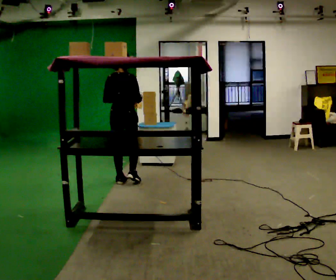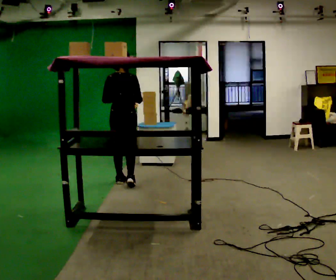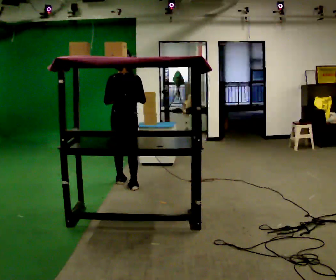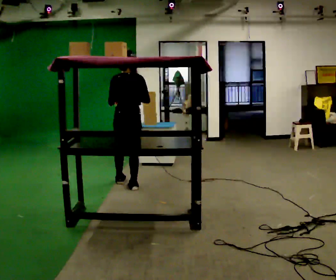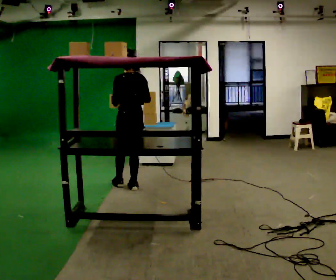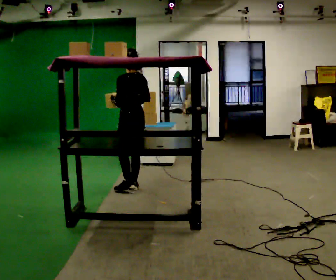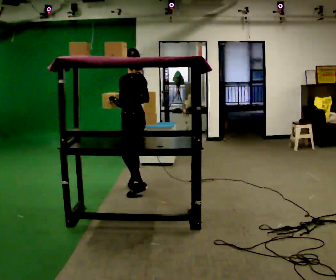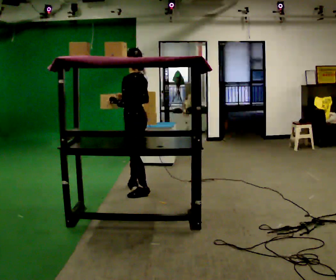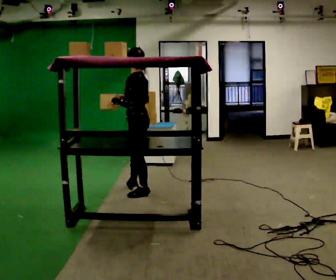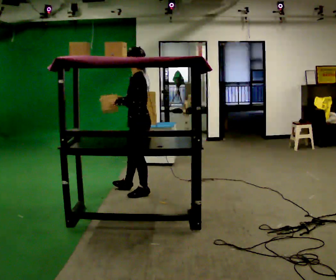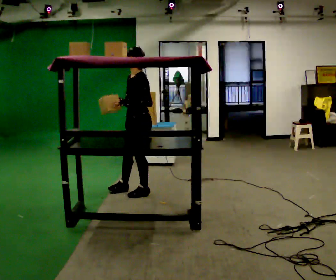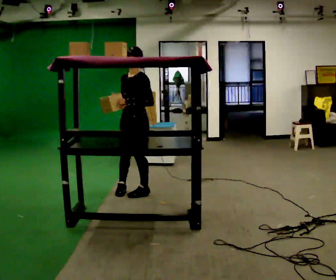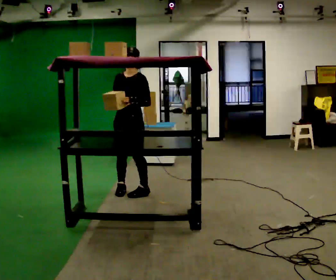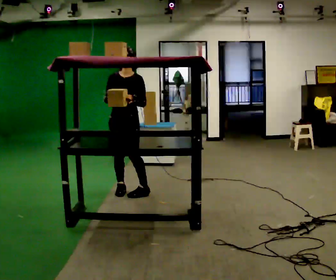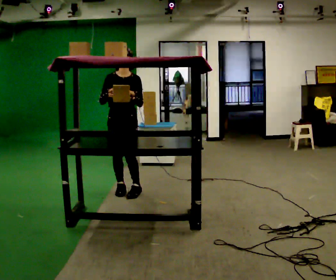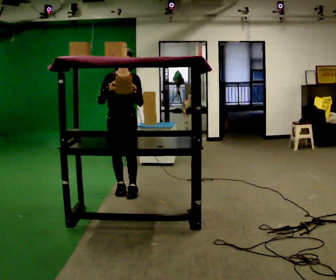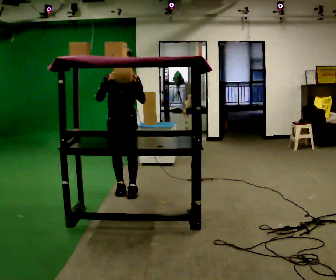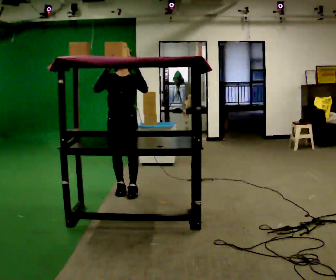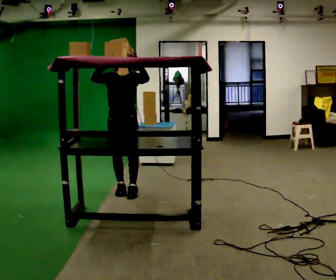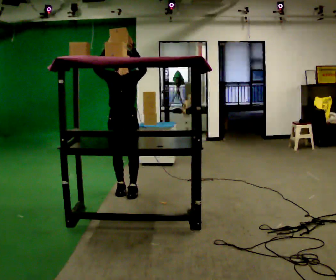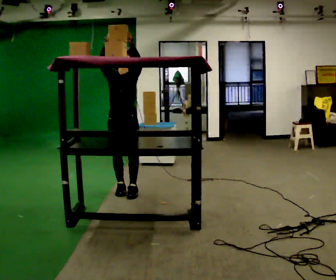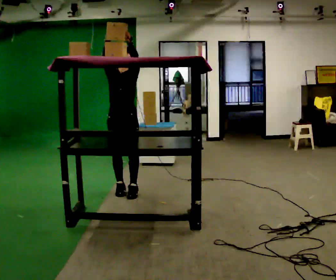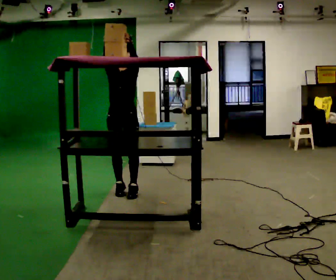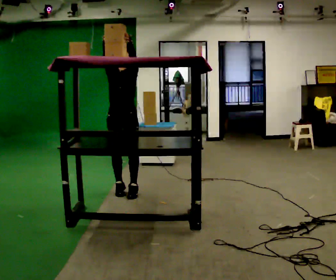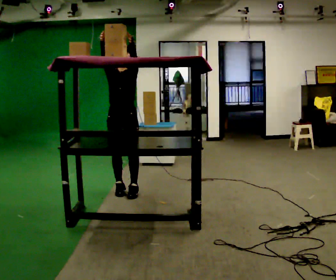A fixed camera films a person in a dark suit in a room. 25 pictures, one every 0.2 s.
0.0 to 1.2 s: The part of the body nearest the lens slides to the right as the person turns to their left by about 75 degrees. In the picture they go toward the camera and to the right, about 0.25 m in 1 step.
1.2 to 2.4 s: The part of the body nearest the lens slides to the right as the person turns to their left by about 90 degrees.
2.4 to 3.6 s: The part of the body nearest the lens slides to the right as the person turns to their left by about 30 degrees. In the picture their left hand goes upward.
3.6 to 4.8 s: The person moves a little, or ends about where they began.
The film runs backward here.
